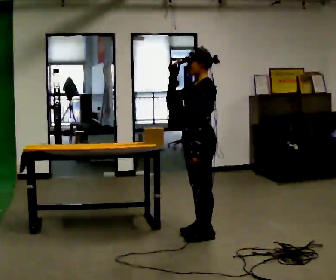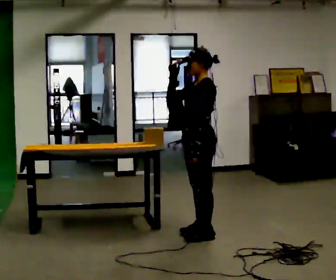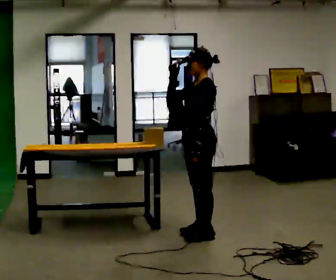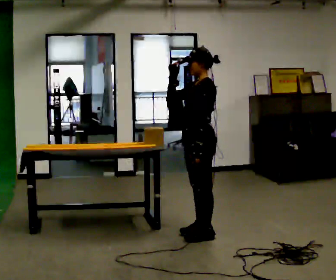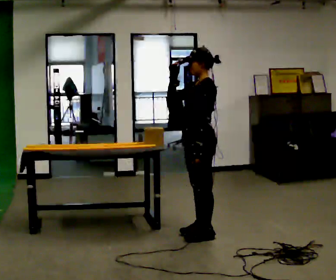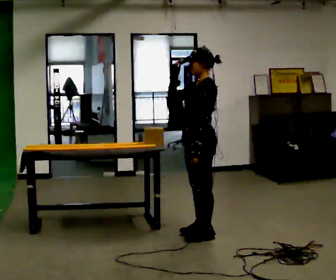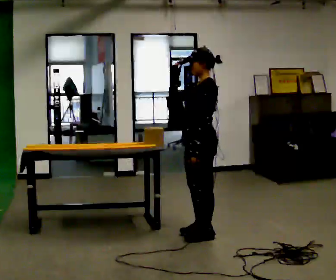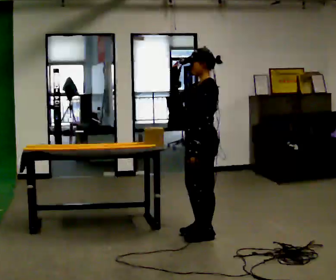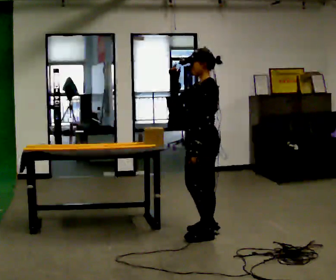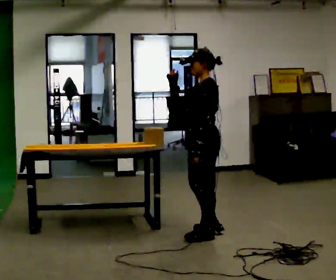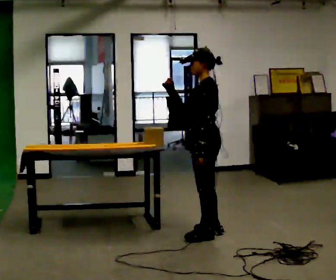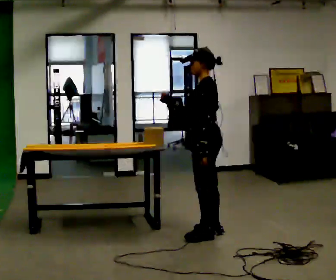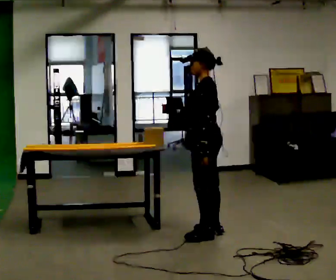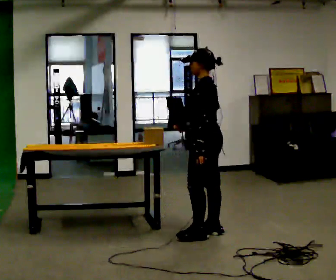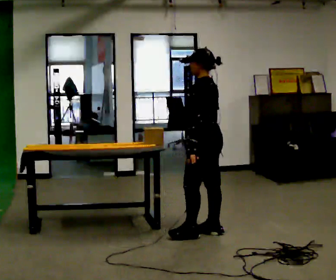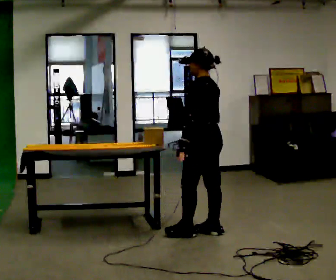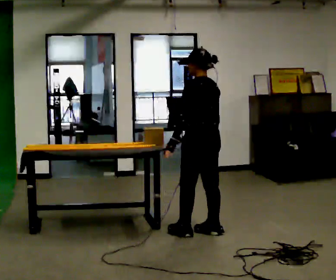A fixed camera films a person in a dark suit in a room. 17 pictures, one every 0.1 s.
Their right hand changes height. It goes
downward.
0.0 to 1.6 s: The person turns about 45 degrees to their right, clockwise seen from above, so the part of the body nearest the lens slides to the left. In the picture their right hand goes downward and to the right.
The film runs backward here.
